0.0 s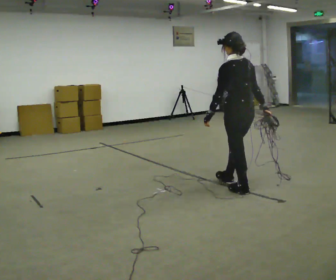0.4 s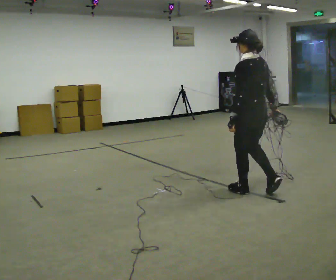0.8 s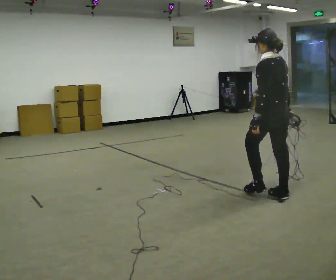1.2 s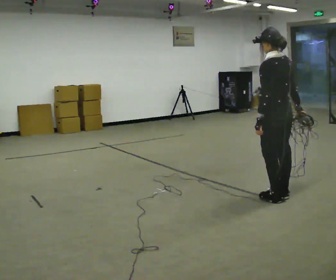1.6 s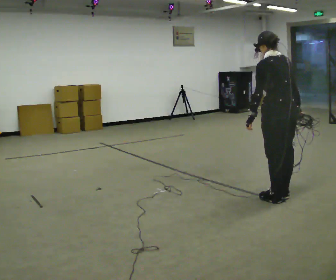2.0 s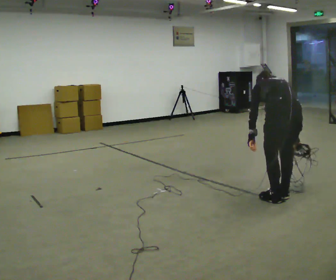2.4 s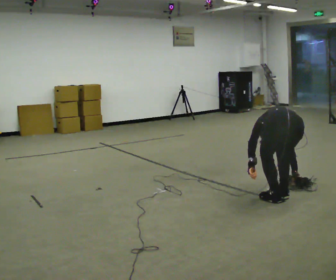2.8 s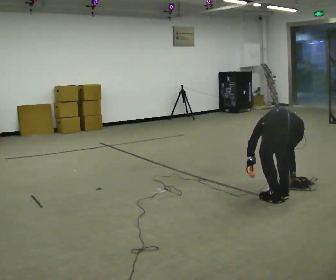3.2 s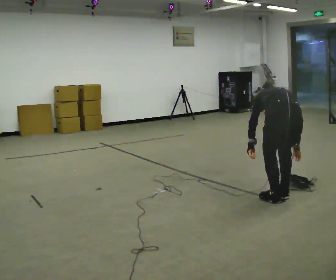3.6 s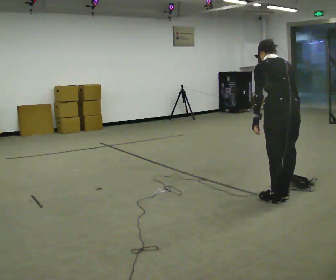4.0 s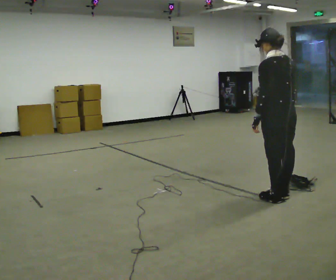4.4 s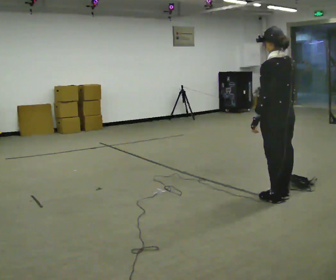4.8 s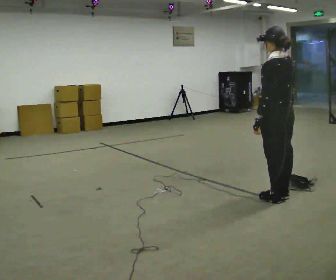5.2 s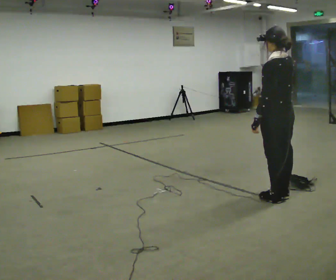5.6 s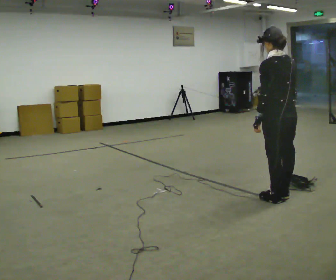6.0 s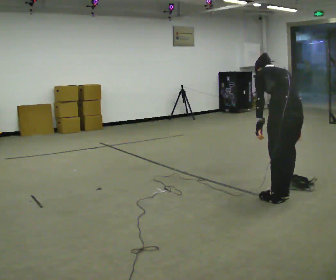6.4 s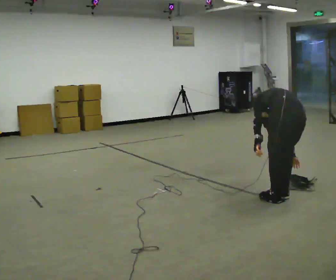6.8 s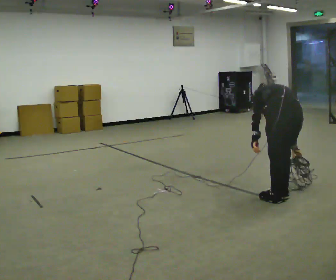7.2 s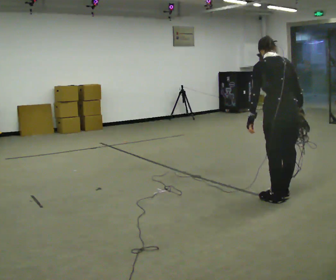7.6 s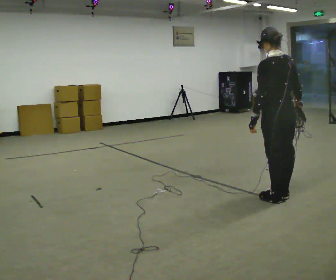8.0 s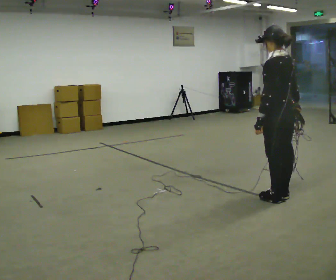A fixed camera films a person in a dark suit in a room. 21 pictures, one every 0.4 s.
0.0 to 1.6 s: In the picture they go to the right and toward the camera, about 0.5 m in 2 steps, which for them is backward.
1.6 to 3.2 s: The person turns about 30 degrees to their right, clockwise seen from above, so the part of the body nearest the lens slides to the left. In the picture their right hand goes downward.
3.2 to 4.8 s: The person turns about 30 degrees to their left, counterclockwise seen from above, so the part of the body nearest the lens slides to the right. The shoulders move upward. The upper body tips toward the camera, its near side rolling downward, as they lean back or straighten. In the picture their right hand goes upward.
4.8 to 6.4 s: The upper body goes downward. The upper body tips away from the camera, its near side rolling upward, as they bend forward.
6.4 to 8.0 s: The person turns about 30 degrees to their left, counterclockwise seen from above, so the part of the body nearest the lens slides to the right. The upper body goes upward. The upper body tips toward the camera, its near side rolling downward, as they lean back or straighten.
The film runs backward here.
